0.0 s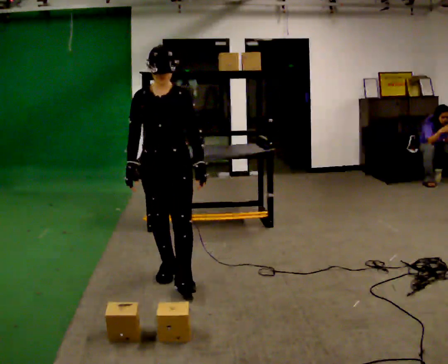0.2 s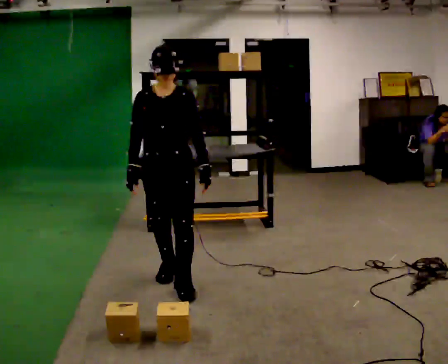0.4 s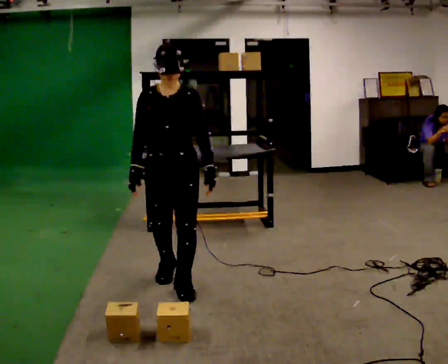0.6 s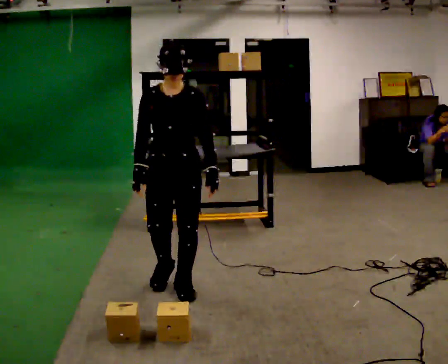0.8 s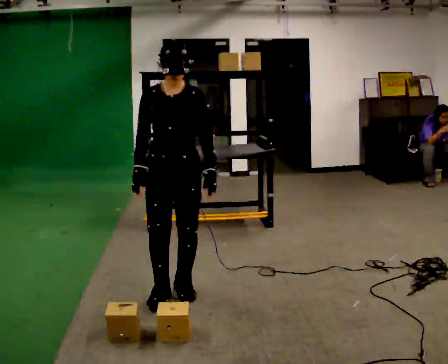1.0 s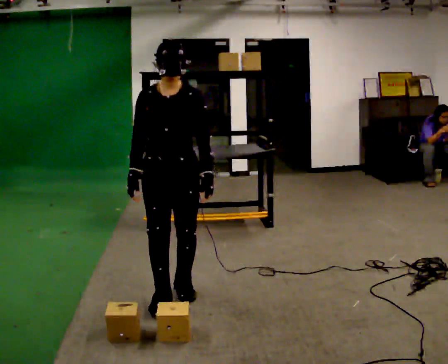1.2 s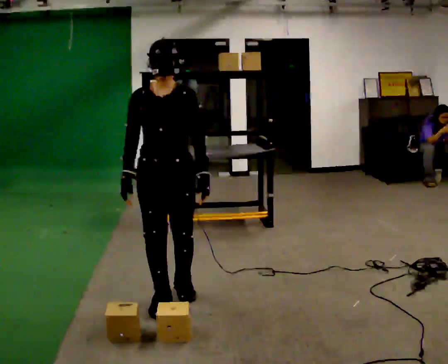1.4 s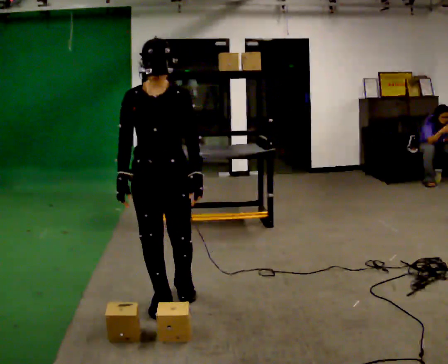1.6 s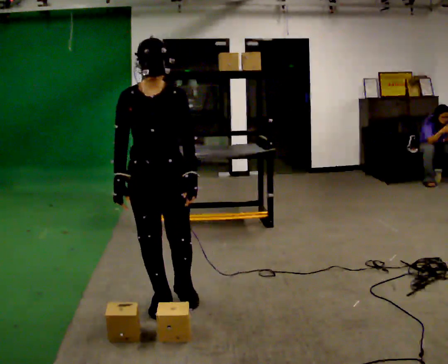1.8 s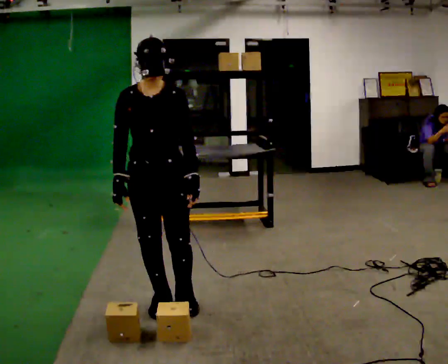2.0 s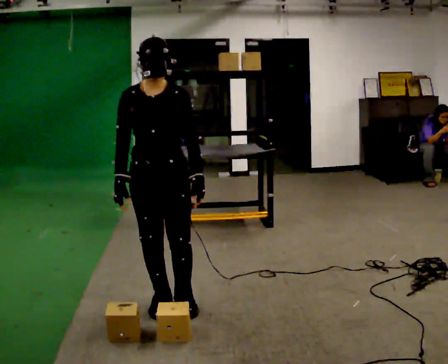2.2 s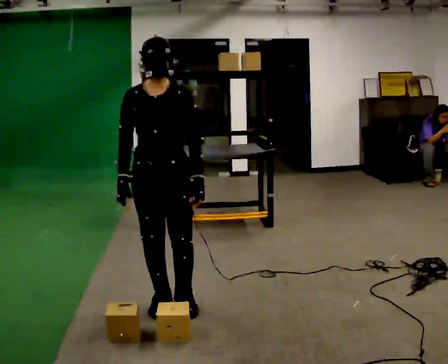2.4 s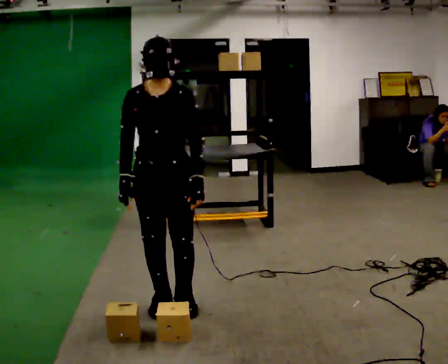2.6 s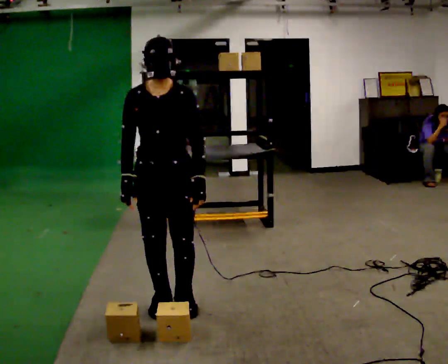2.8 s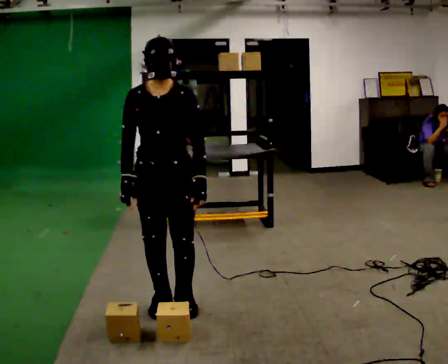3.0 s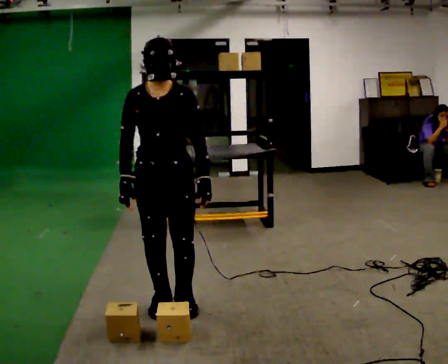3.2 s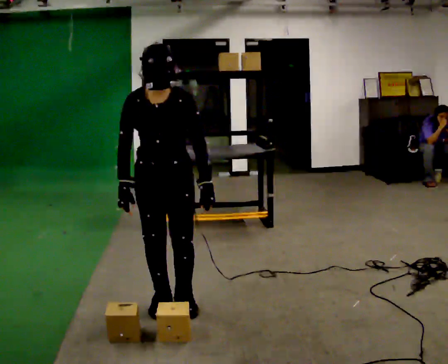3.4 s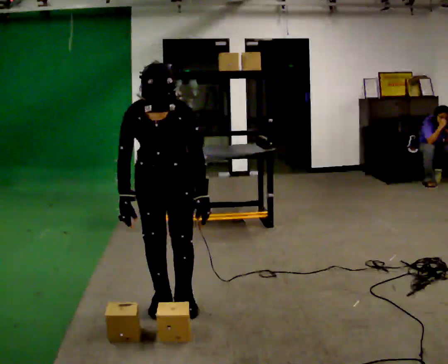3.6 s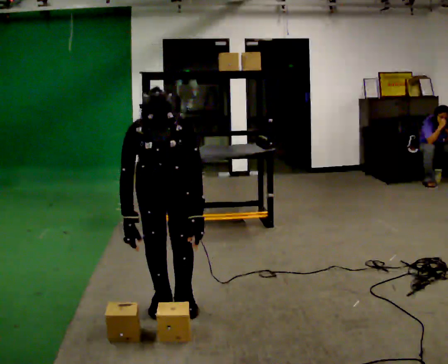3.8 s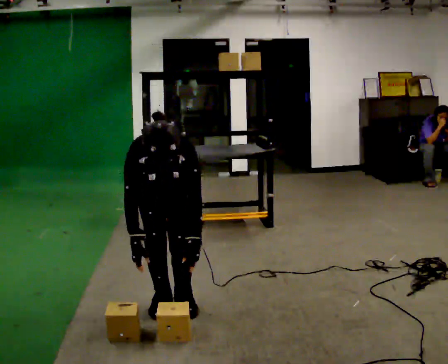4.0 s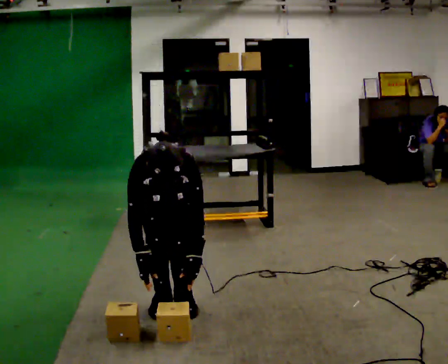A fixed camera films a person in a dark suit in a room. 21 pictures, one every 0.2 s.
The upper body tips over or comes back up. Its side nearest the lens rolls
downward.
The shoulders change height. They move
downward.
0.0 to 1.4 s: In the picture they go toward the camera, about 0.5 m in 1 step, which for them is forward.
1.4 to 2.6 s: The person moves a little, or ends about where they began.
2.6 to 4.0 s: The upper body goes downward. The upper body tips toward the camera, its near side rolling downward, as they bend forward. In the picture their right hand goes downward.
The film runs forward here.
